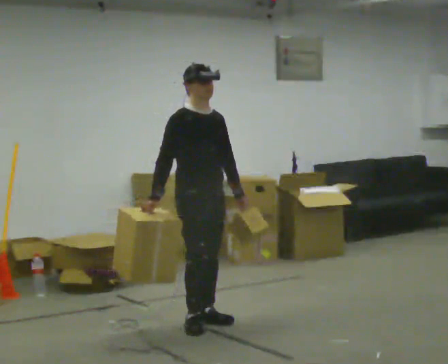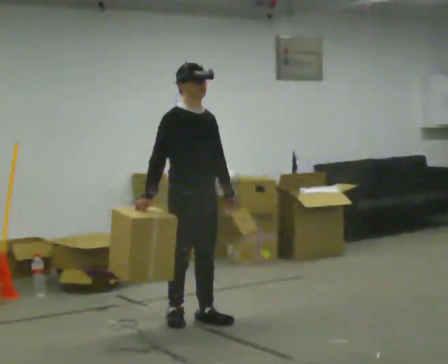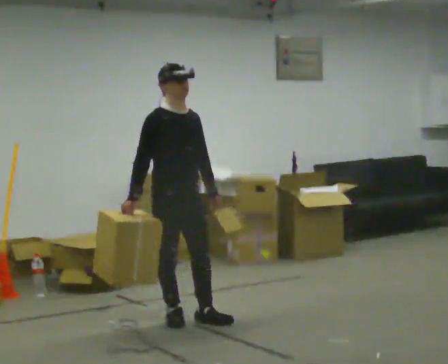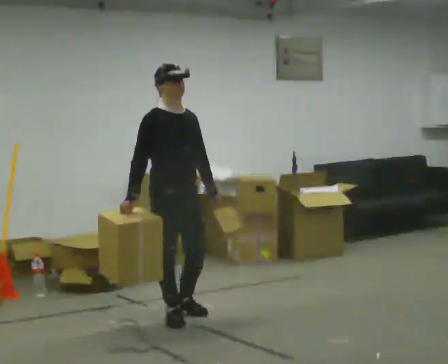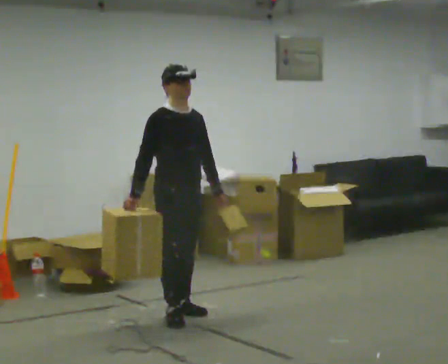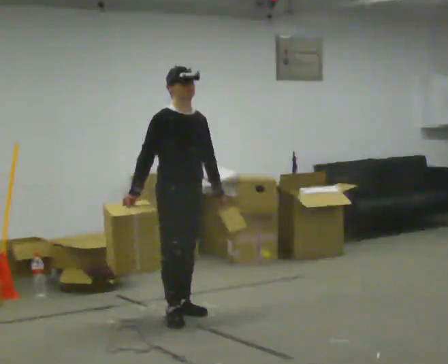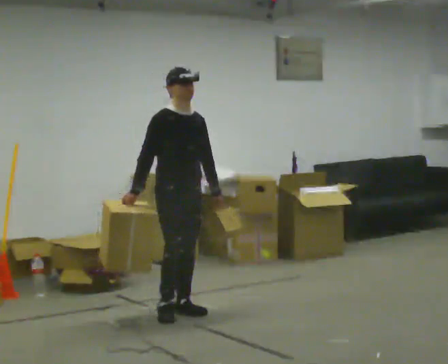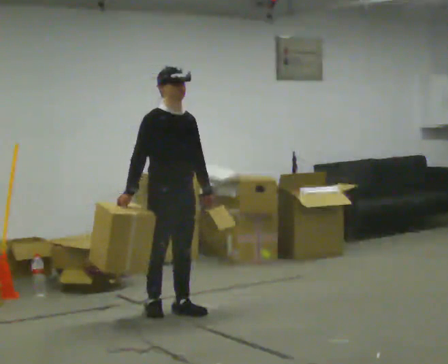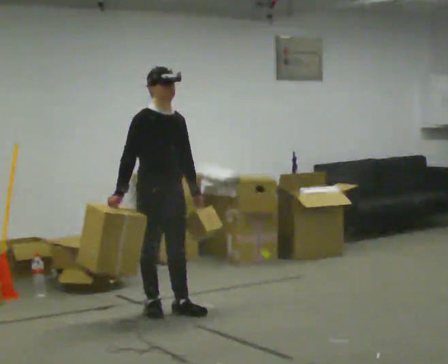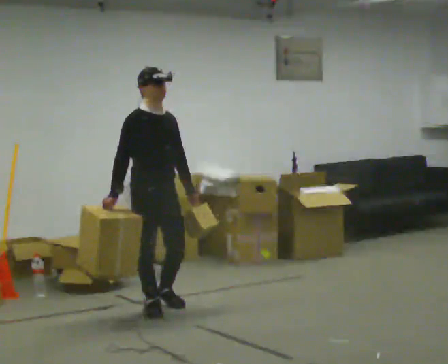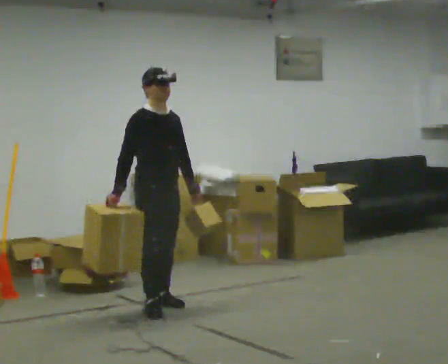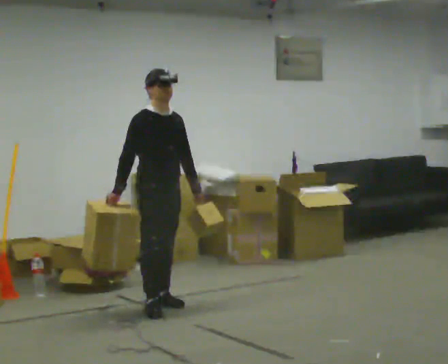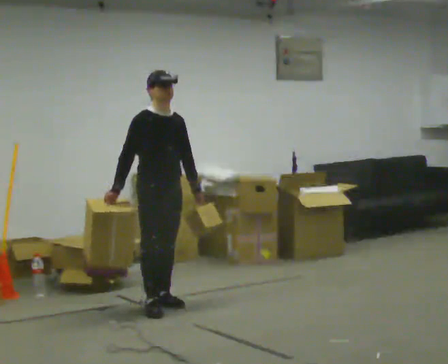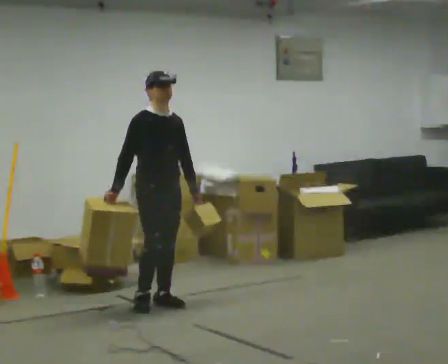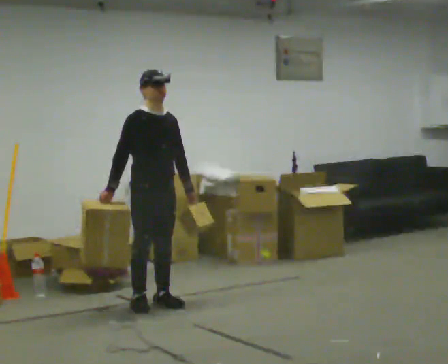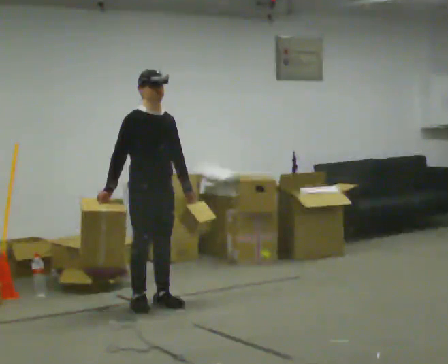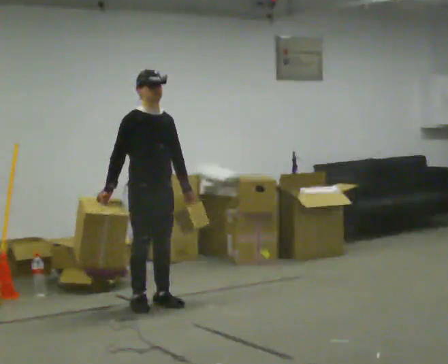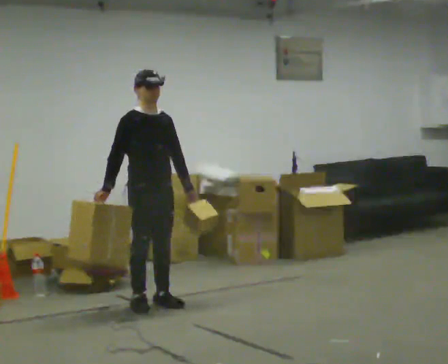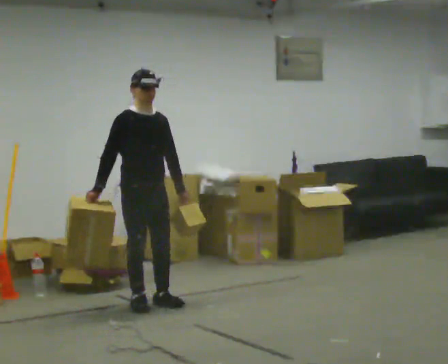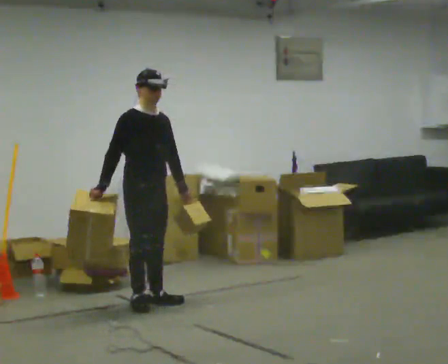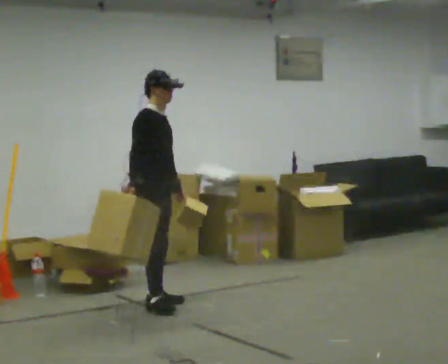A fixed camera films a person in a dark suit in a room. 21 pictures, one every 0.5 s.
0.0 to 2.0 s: The person moves a little, or ends about where they began.
2.0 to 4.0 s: In the picture they go away from the camera, about 0.25 m in 1 step, which for them is backward.
4.0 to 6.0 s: In the picture they go away from the camera, about 0.25 m in 1 step, which for them is backward and to their left.
6.0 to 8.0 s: The person moves a little, or ends about where they began.
8.0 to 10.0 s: Seen from above the body turns counterclockwise, about 30 degrees: to their left, with its near side sliding to the right.
The film runs backward here.
